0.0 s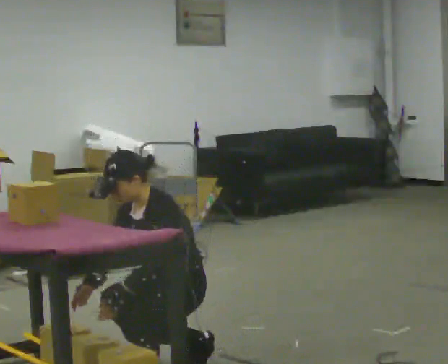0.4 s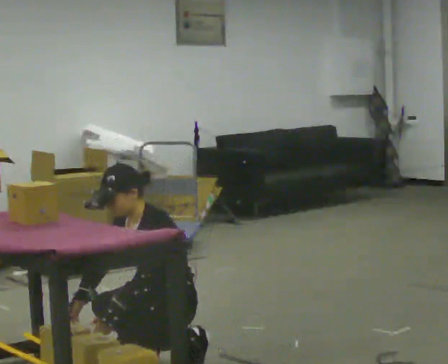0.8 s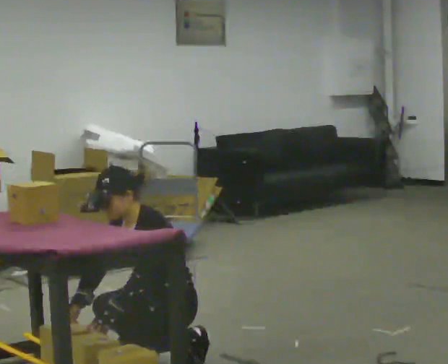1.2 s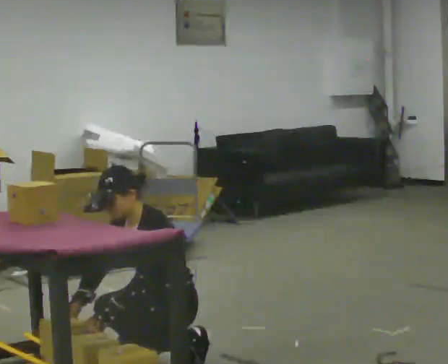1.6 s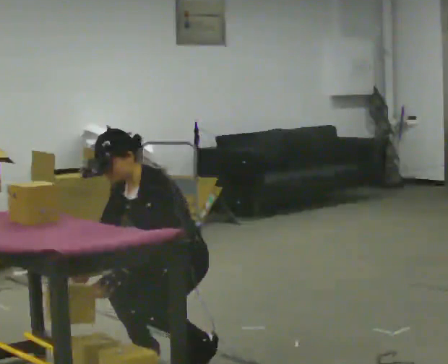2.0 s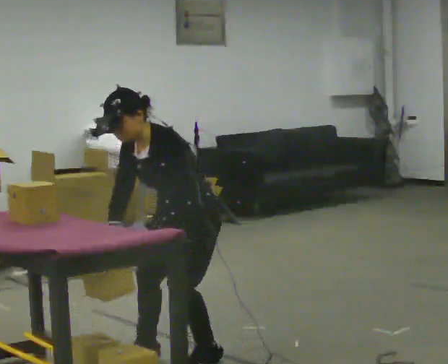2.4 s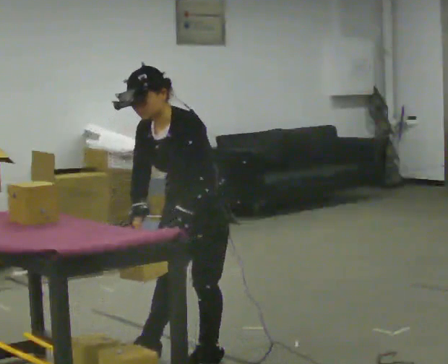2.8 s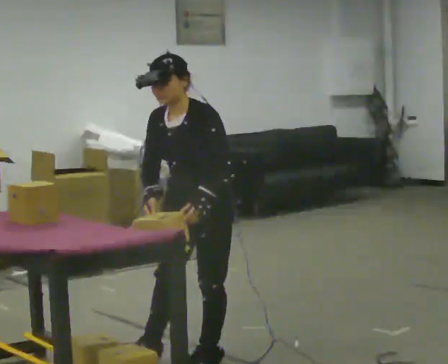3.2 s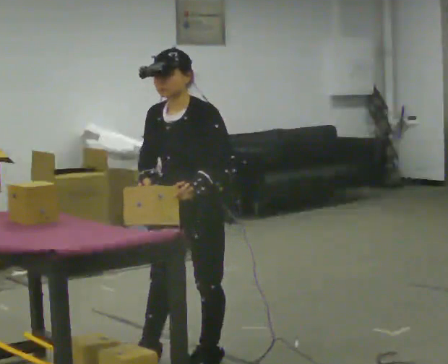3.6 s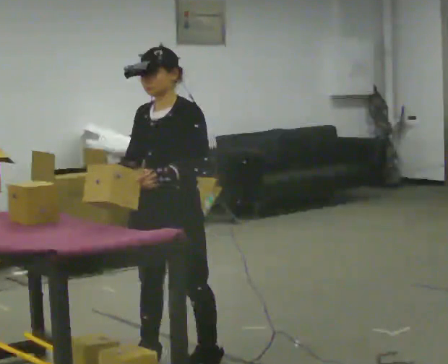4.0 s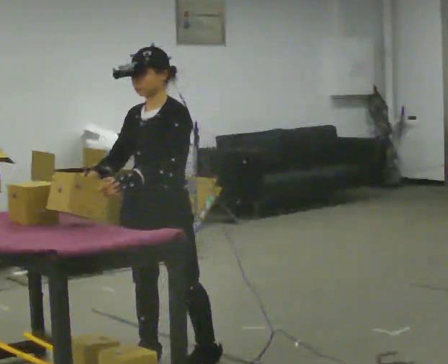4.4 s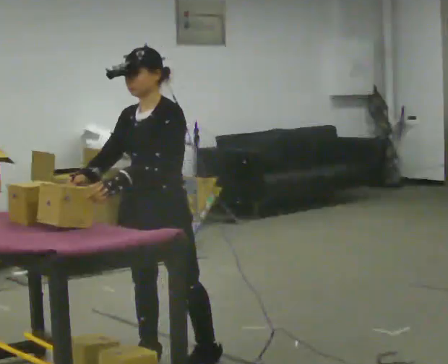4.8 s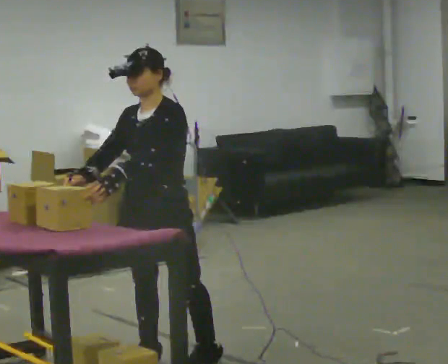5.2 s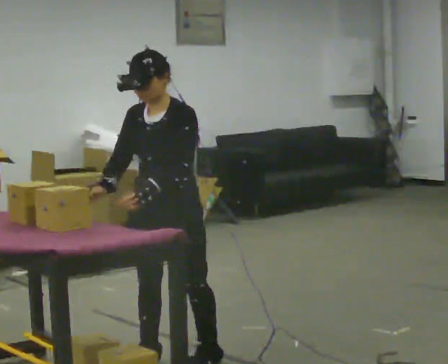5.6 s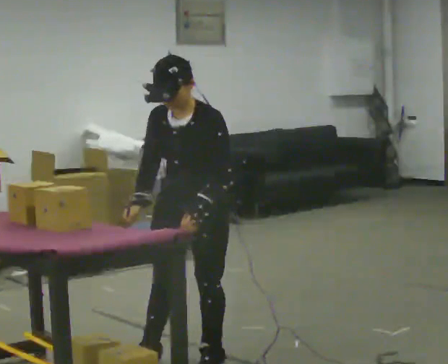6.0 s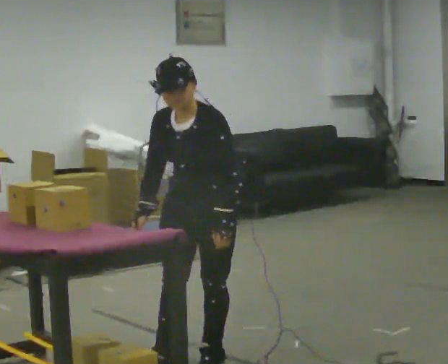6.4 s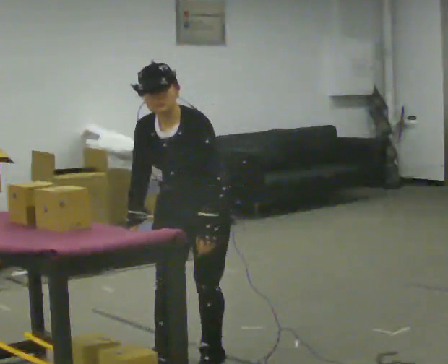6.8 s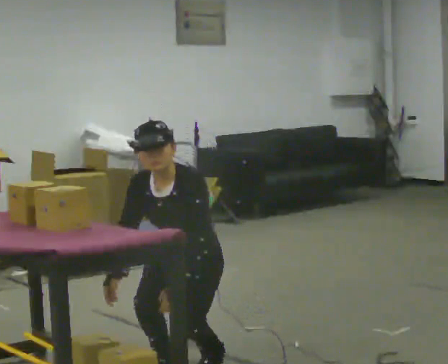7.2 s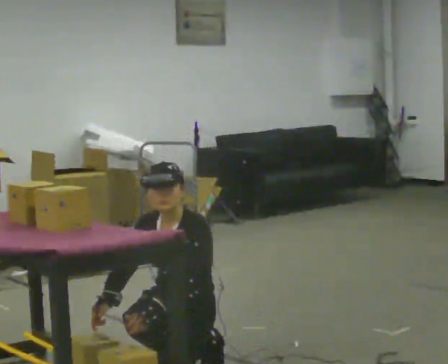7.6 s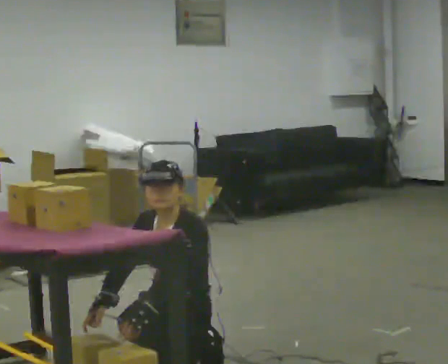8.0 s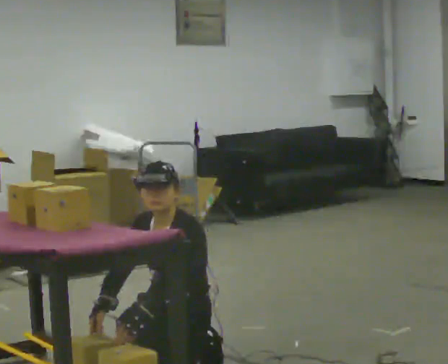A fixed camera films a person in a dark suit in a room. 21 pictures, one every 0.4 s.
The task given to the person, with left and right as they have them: Crouch down and place the object on the lowest shelf, then stand back up. Do not step. Repeat at your own pace until the operator says stop.
0.0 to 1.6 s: The person moves a little, or ends about where they began.
1.6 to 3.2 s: The upper body goes upward. In the picture the upper body tilts clockwise, shoulders to the right, as they lean back or straighten. In the picture their left hand goes to the right and upward.
3.2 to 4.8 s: In the picture their left hand goes to the left.
4.8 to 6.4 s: In the picture they go to the right, about 0.25 m, which for them is to their left. The upper body tips toward the camera, its near side rolling downward, as they bend forward. In the picture their left hand goes to the right, the arm swinging counterclockwise.
6.4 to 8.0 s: The part of the body nearest the lens slides to the left as the person turns to their right by about 30 degrees. The upper body goes downward. In the picture their left hand goes downward.
The film runs forward here.
